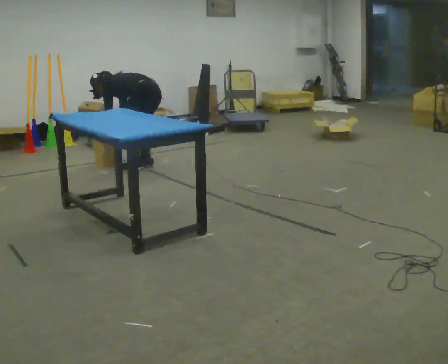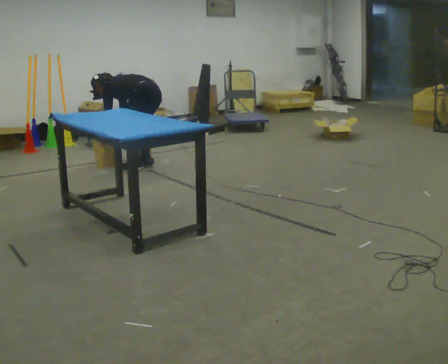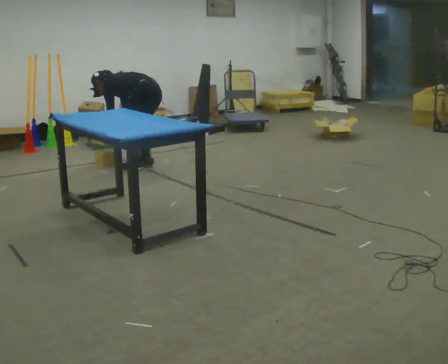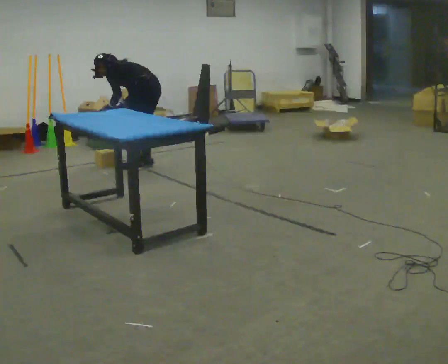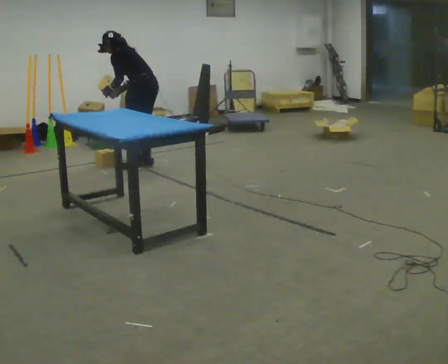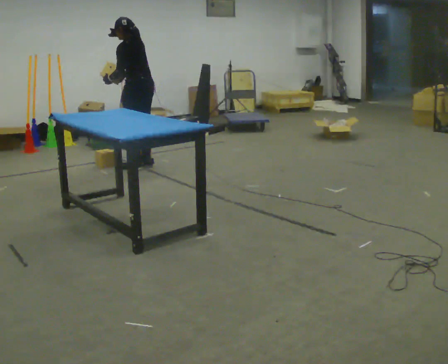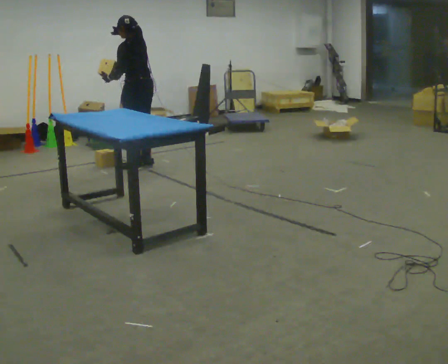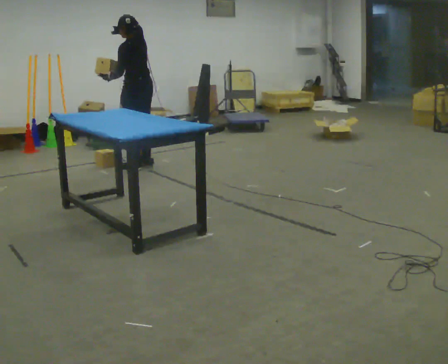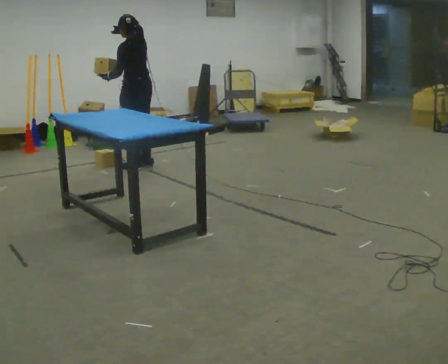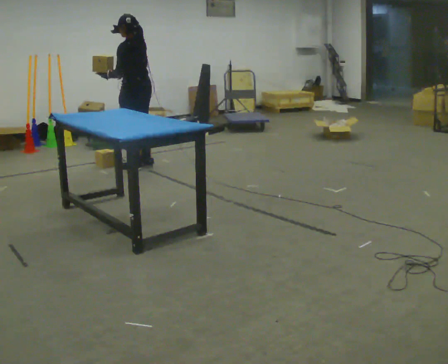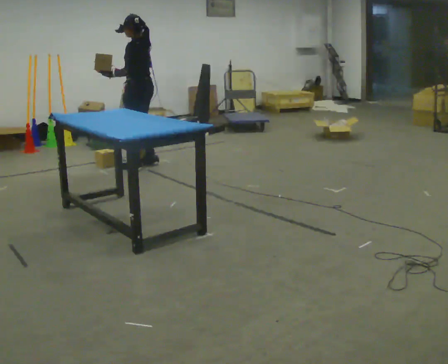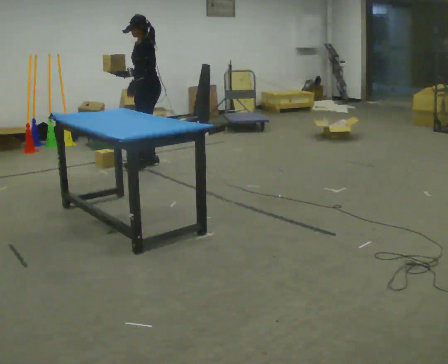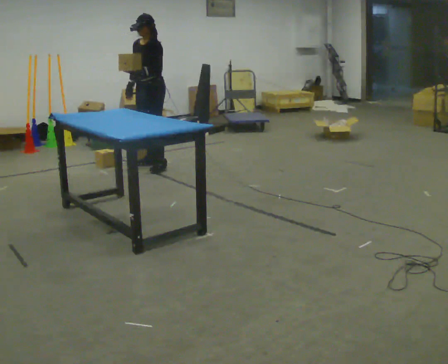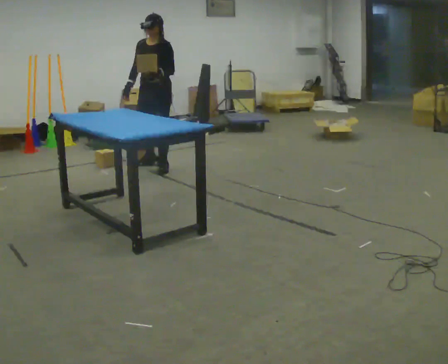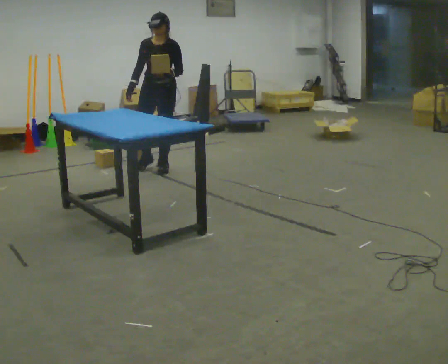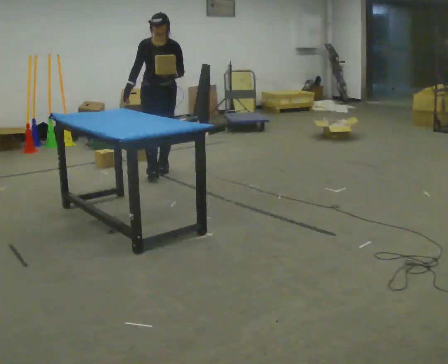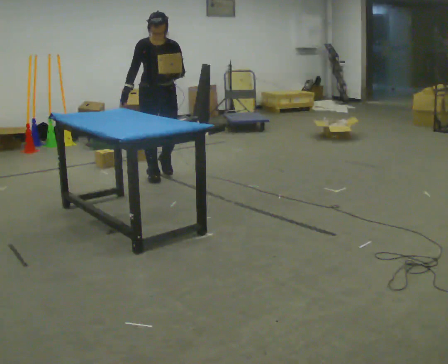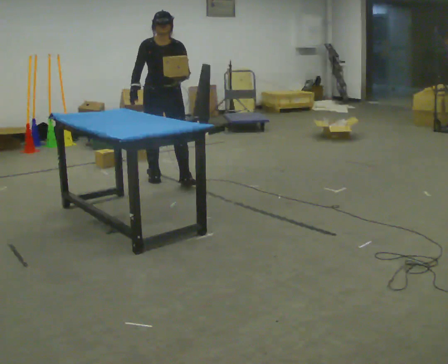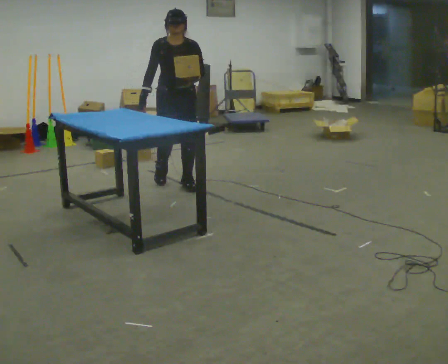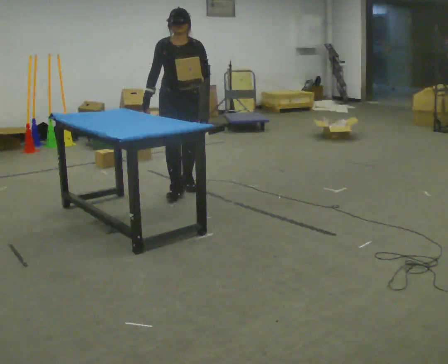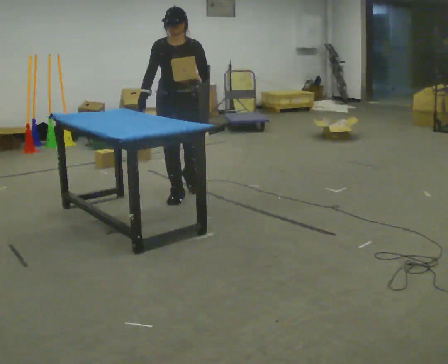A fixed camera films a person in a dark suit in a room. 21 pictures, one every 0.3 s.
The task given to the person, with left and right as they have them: Pick the object up off the floor using only the hand the operator calls, then carry it to the table in that same hand. Keep going until the operator says stop; one object at a time, and do not rush between trips.
0.0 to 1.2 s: The shoulders move upward. In the picture the upper body tilts clockwise, shoulders to the right, as they lean back or straighten. In the picture their right hand goes upward.
1.2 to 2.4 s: In the picture the upper body tilts clockwise, shoulders to the right, as they lean back or straighten.
2.4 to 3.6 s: The part of the body nearest the lens slides to the right as the person turns to their left by about 75 degrees. In the picture they go to the right, about 0.25 m in 1 step. In the picture their left hand goes to the right.
3.6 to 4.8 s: The part of the body nearest the lens slides to the right as the person turns to their left by about 60 degrees. In the picture they go toward the camera, about 0.5 m in 1 step, which for them is forward and to their left.
4.8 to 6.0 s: In the picture they go toward the camera, about 0.75 m in 2 steps, which for them is forward.
The film runs forward here.
